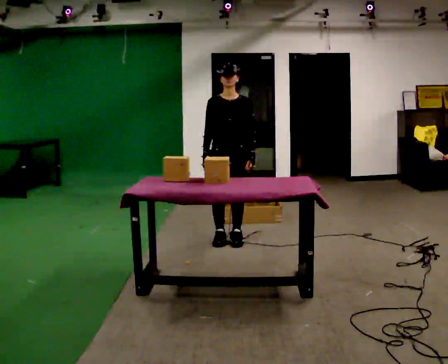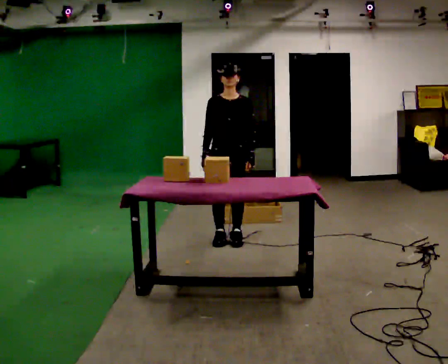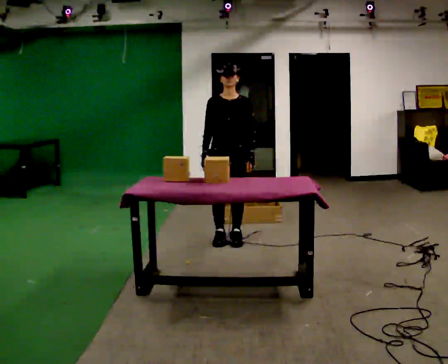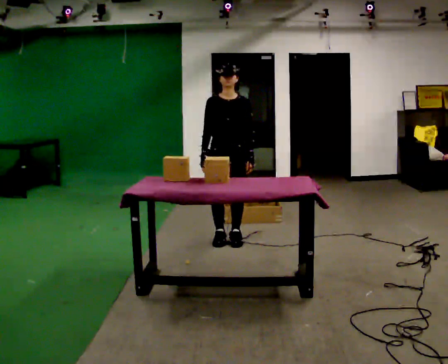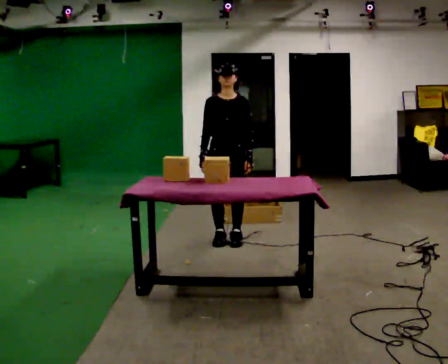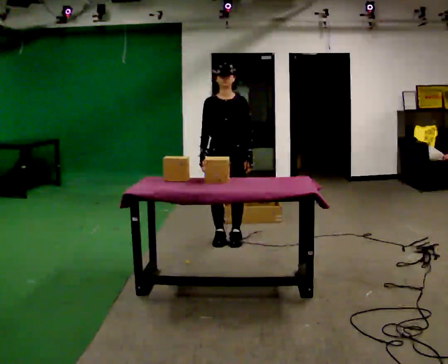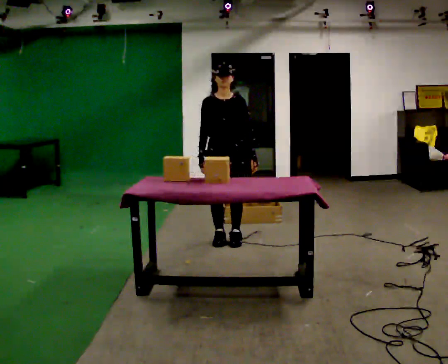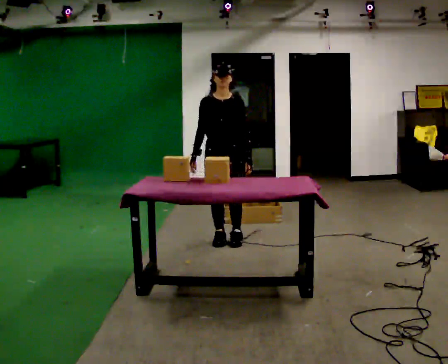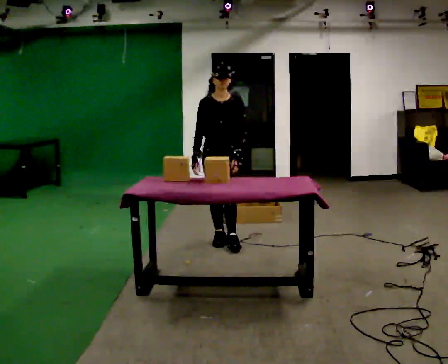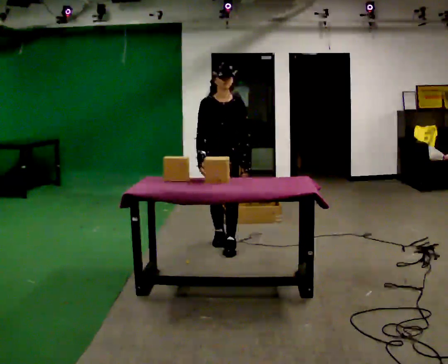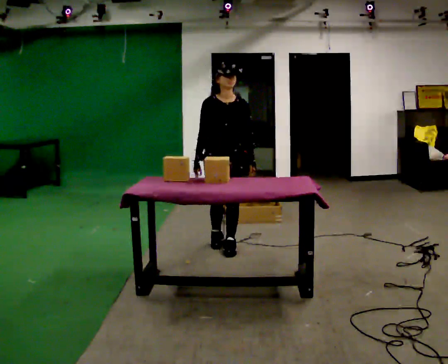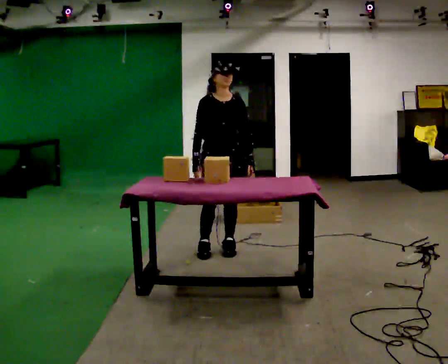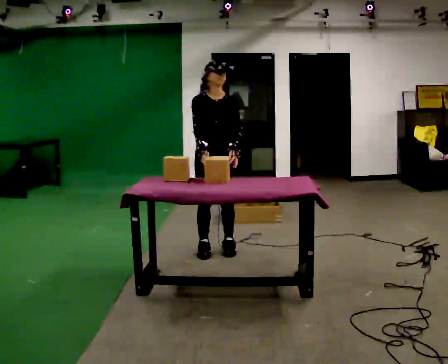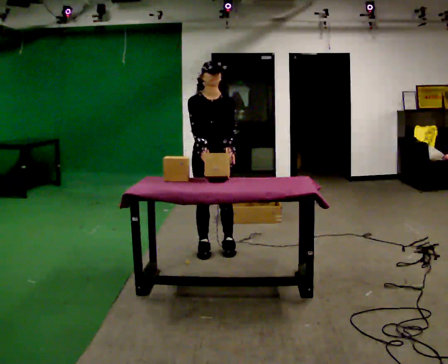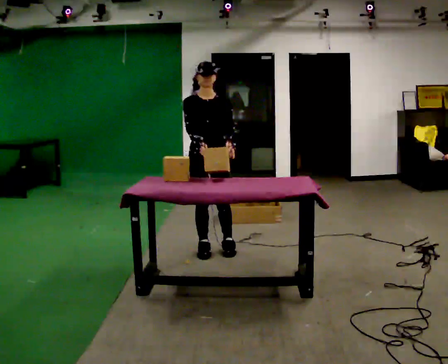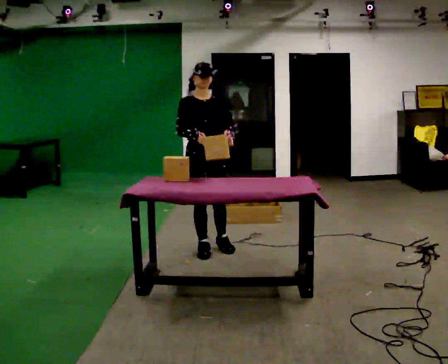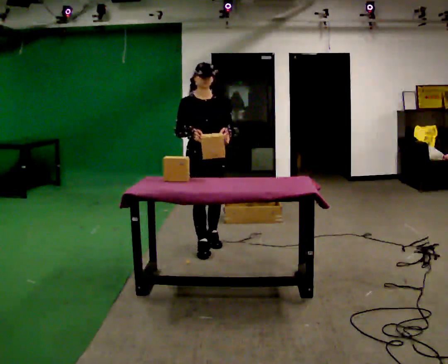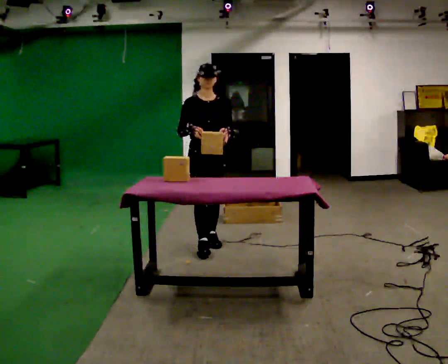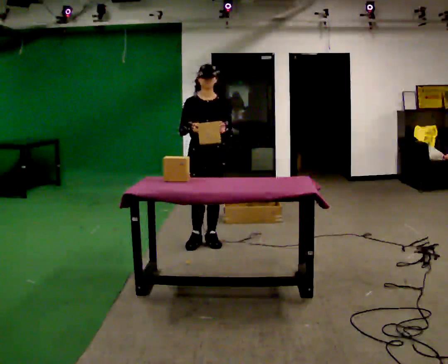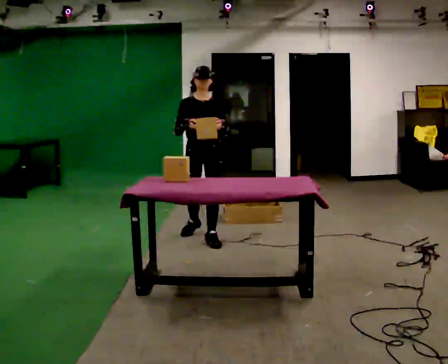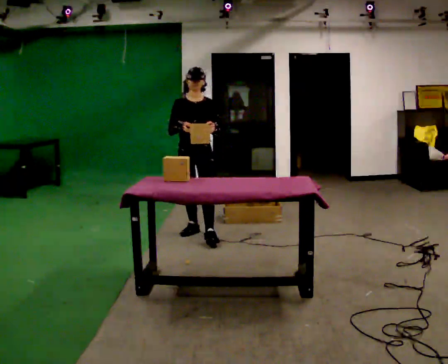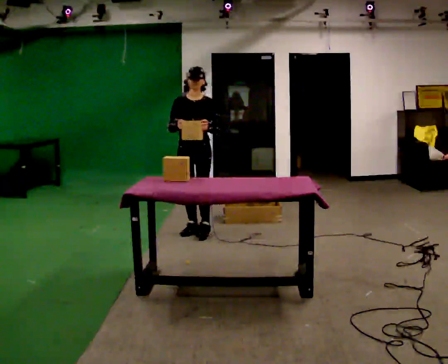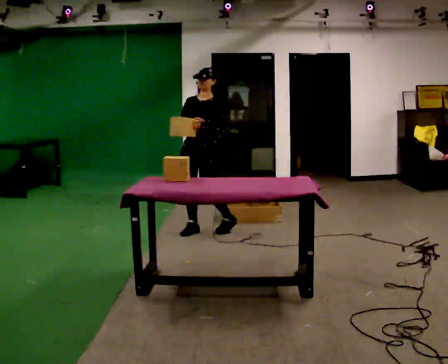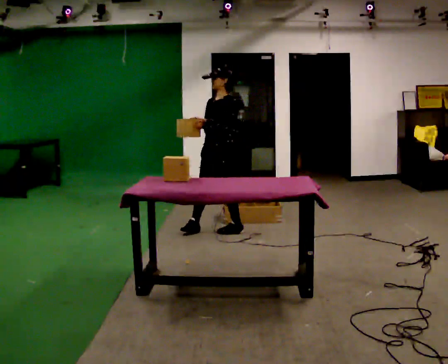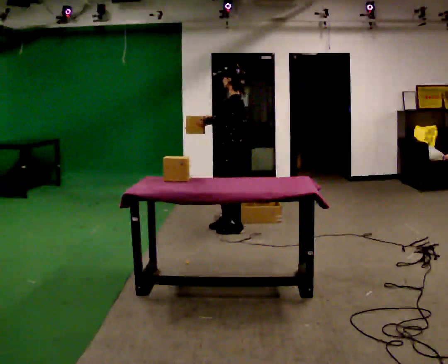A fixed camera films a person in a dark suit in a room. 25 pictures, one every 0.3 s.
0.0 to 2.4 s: The person moves a little, or ends about where they began.
2.4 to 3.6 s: In the picture they go toward the camera, about 0.25 m in 1 step, which for them is forward.
3.6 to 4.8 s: The person moves a little, or ends about where they began.
4.8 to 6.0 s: In the picture they go away from the camera, about 0.5 m in 1 step, which for them is backward.
6.0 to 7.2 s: The person turns about 90 degrees to their right, clockwise seen from above, so the part of the body nearest the lens slides to the left. In the picture they go to the right and away from the camera, about 0.25 m in 2 steps.
The film runs backward here.
